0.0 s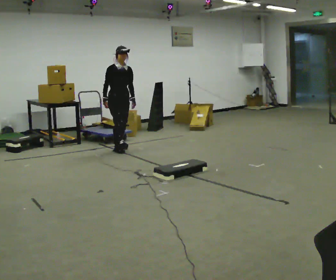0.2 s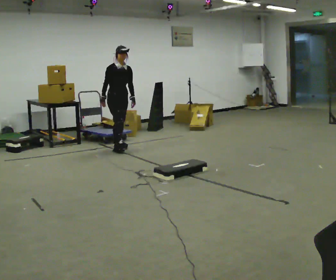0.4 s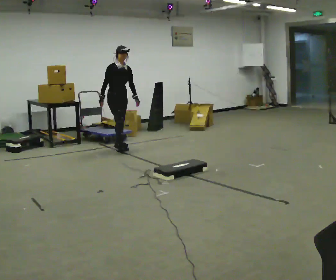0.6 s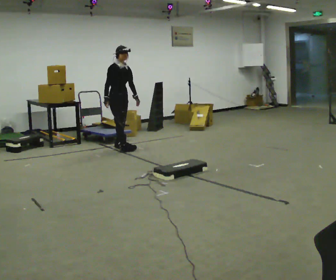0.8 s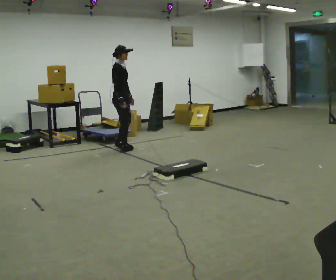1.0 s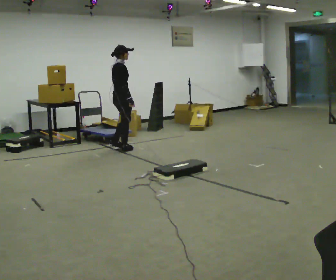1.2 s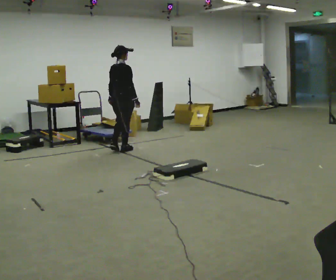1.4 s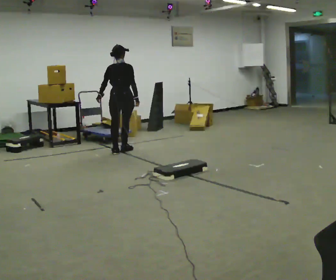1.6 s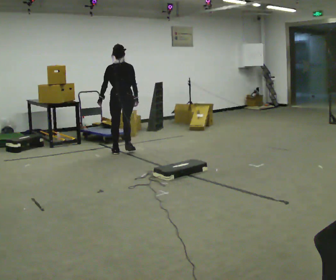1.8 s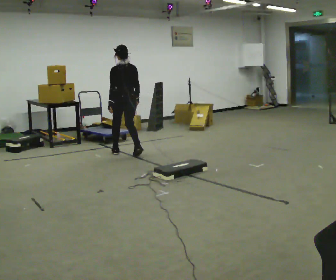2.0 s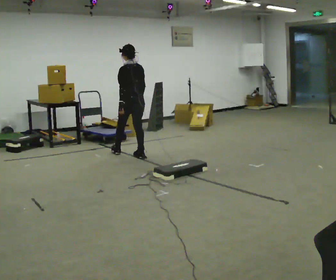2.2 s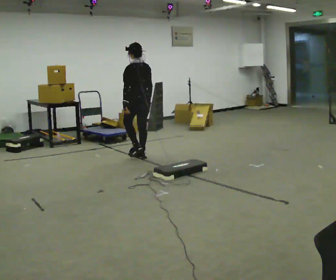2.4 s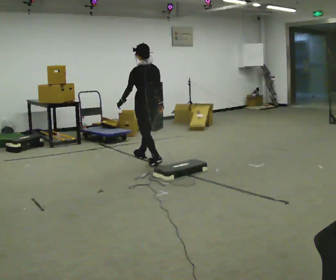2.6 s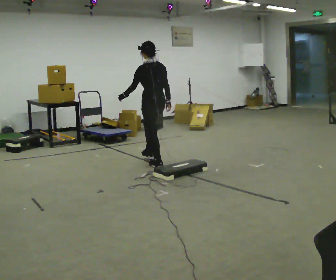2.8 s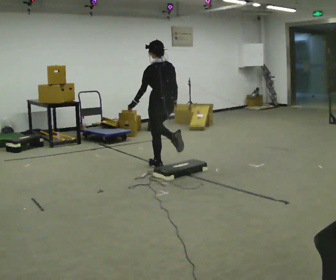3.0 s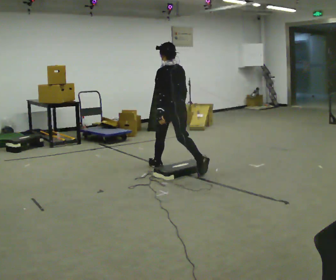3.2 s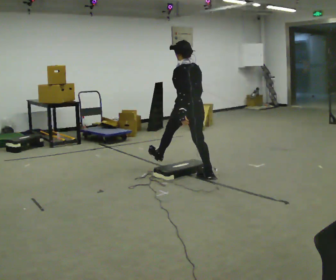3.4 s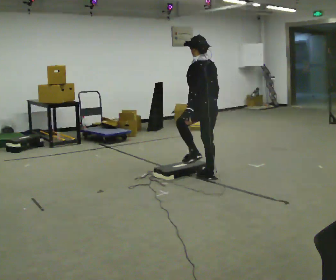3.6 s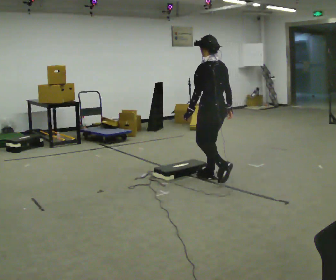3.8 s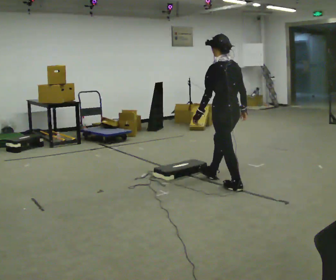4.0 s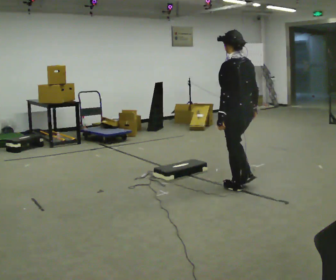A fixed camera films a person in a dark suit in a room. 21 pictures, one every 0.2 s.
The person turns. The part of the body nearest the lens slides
to the right.
The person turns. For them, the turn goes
to their left.
0.0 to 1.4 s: The person turns about 135 degrees to their left, counterclockwise seen from above, so the part of the body nearest the lens slides to the right. In the picture they go toward the camera, about 0.25 m in 1 step. In the picture their left hand goes to the left, the arm swinging clockwise.
1.4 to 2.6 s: The part of the body nearest the lens slides to the right as the person turns to their left by about 45 degrees. In the picture they go toward the camera and to the right, about 1 m in 3 steps, which for them is backward.
2.6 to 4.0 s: In the picture they go toward the camera and to the right, about 1.5 m in 2 steps, which for them is backward.
The film runs backward here.
